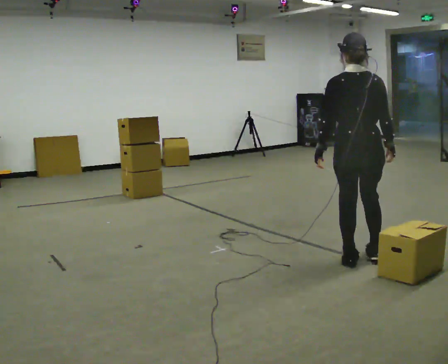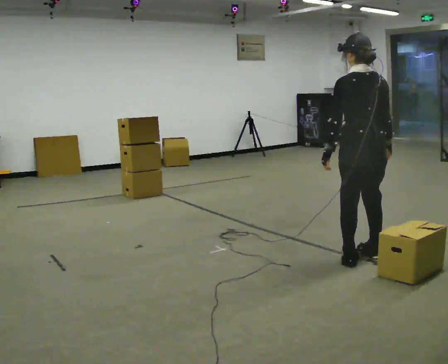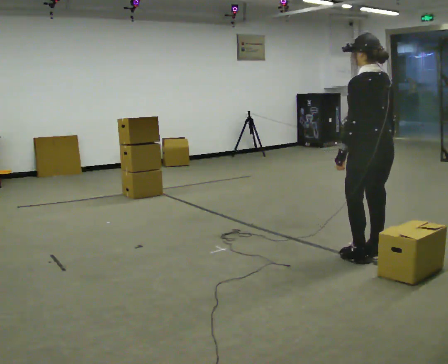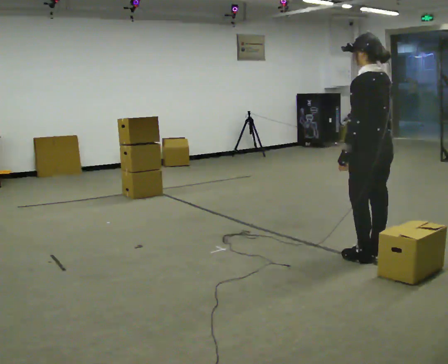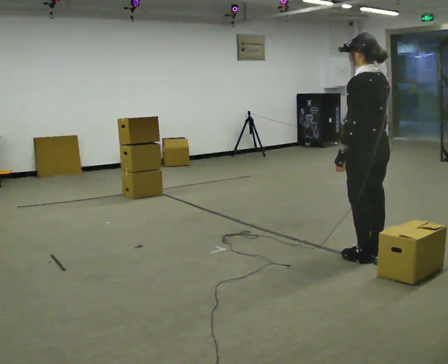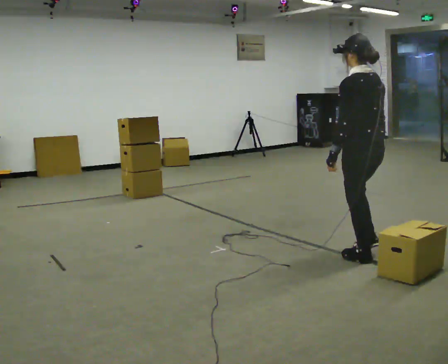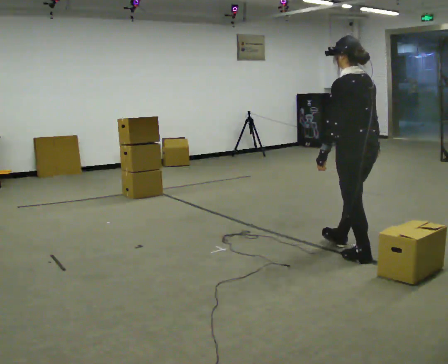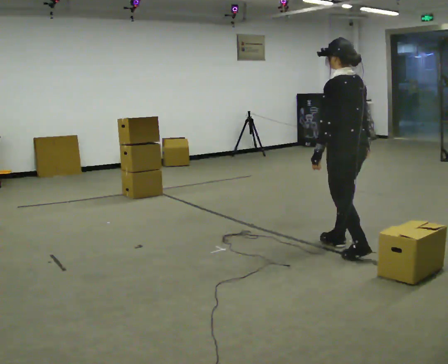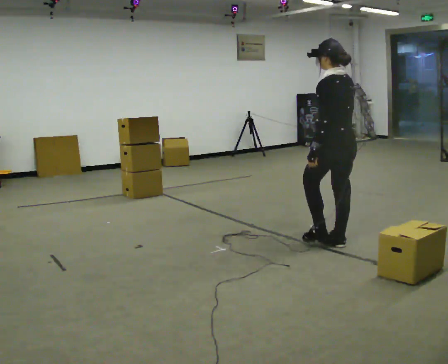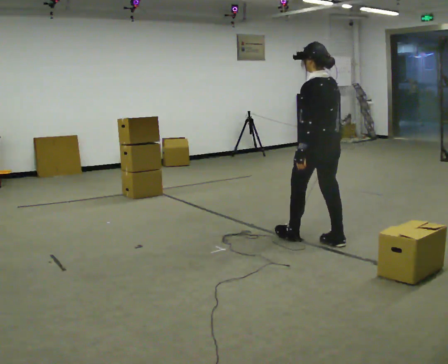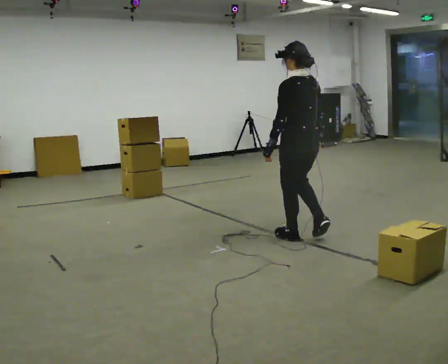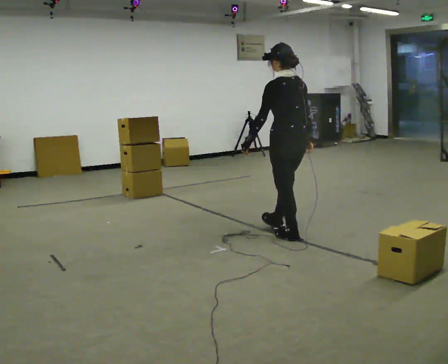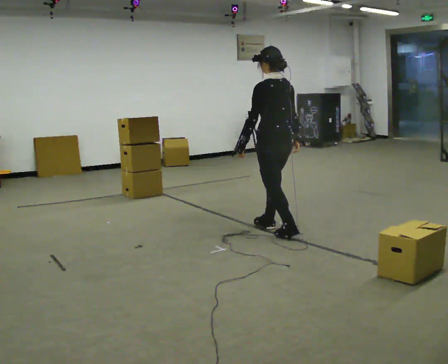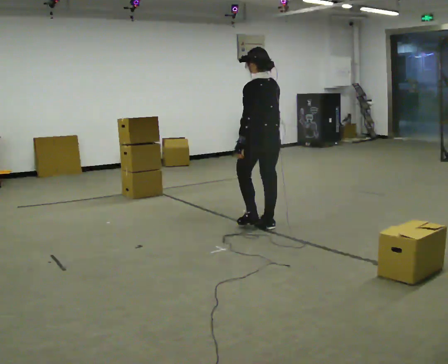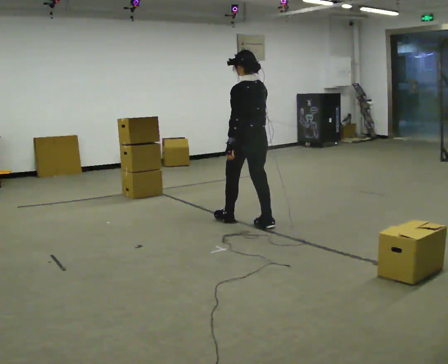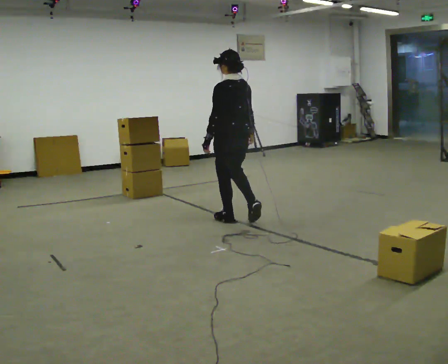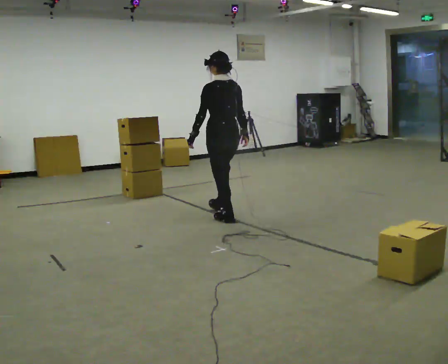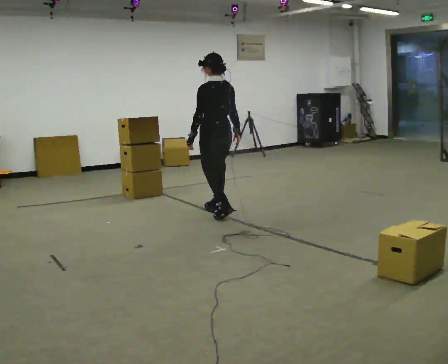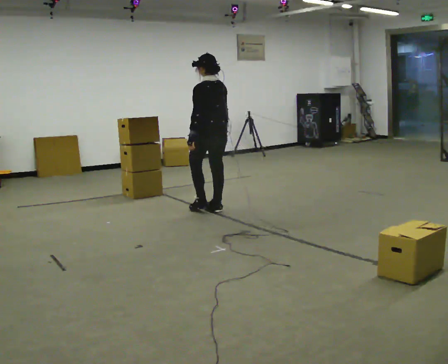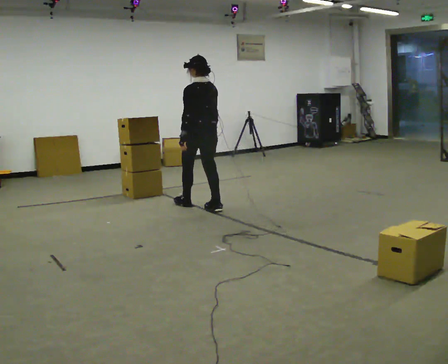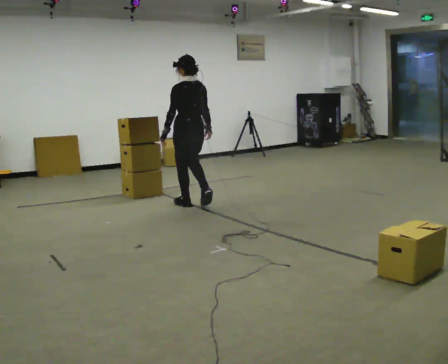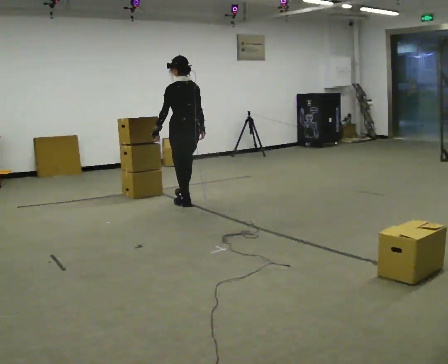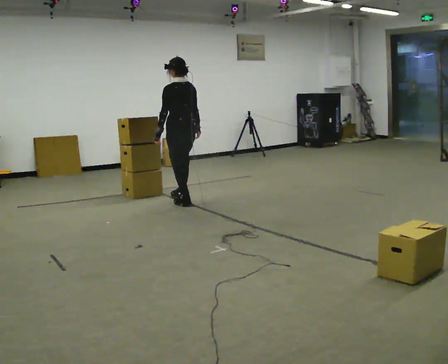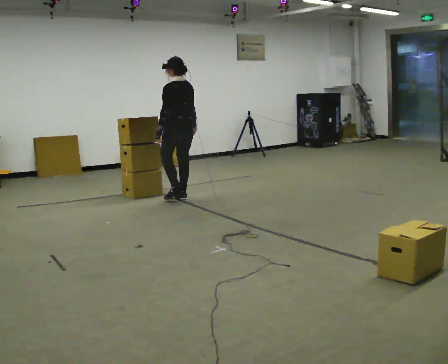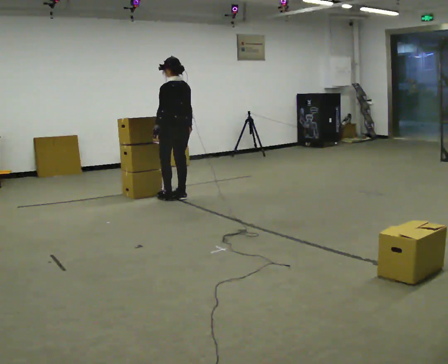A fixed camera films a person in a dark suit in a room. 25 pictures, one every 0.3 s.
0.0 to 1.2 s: Seen from above the body turns counterclockwise, about 45 degrees: to their left, with its near side sliding to the right.
1.2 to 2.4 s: In the picture they go away from the camera and to the left, about 0.25 m in 1 step, which for them is forward.
2.4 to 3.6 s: In the picture they go to the left and away from the camera, about 0.75 m in 2 steps, which for them is forward.
3.6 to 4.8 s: In the picture they go to the left and away from the camera, about 0.75 m in 1 step, which for them is forward.
4.8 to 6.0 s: In the picture they go away from the camera and to the left, about 0.5 m in 2 steps, which for them is forward.
6.0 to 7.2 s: In the picture they go away from the camera and to the left, about 0.5 m in 2 steps, which for them is forward.
The film runs forward here.
